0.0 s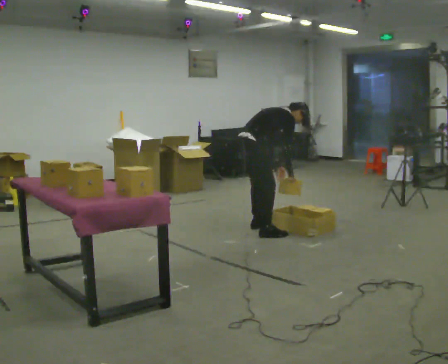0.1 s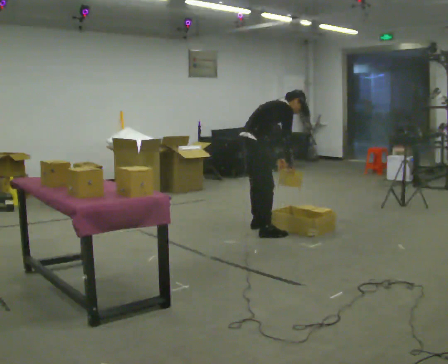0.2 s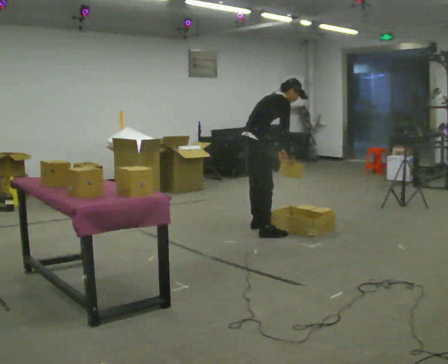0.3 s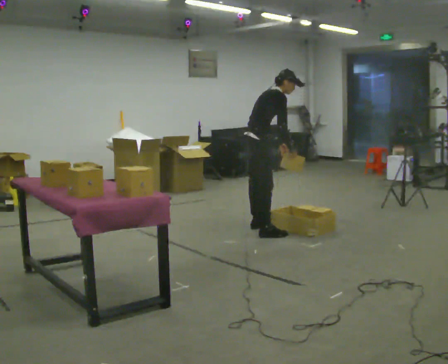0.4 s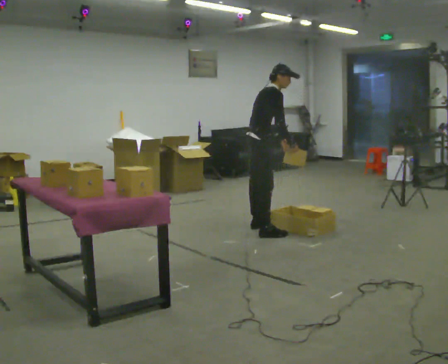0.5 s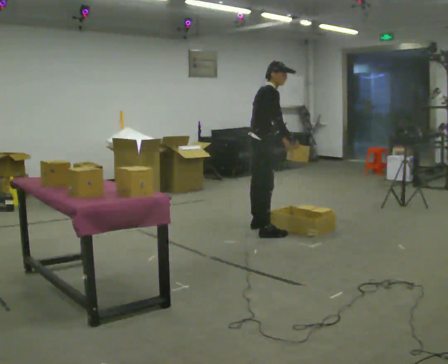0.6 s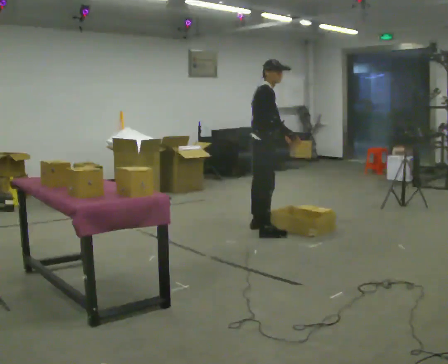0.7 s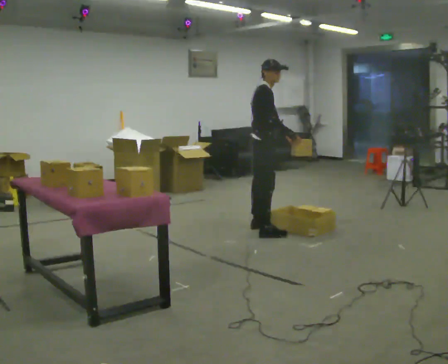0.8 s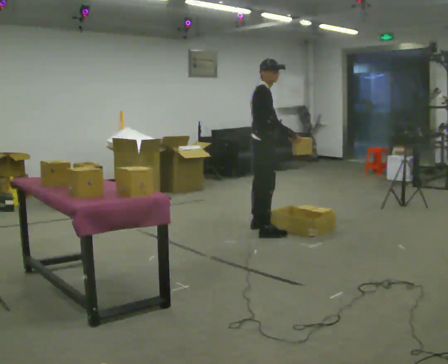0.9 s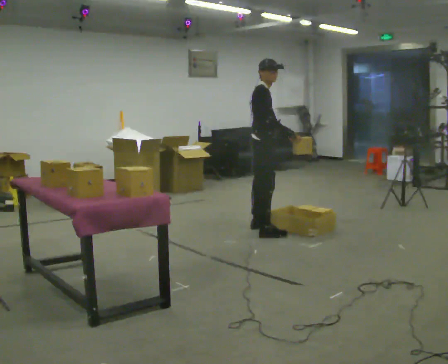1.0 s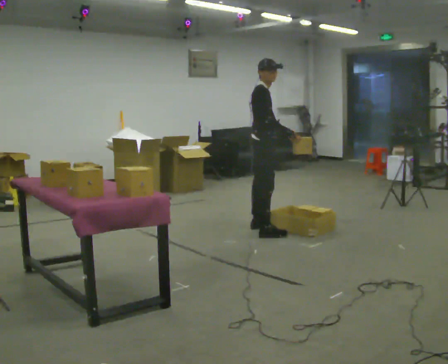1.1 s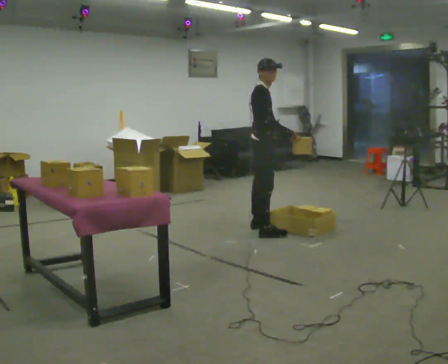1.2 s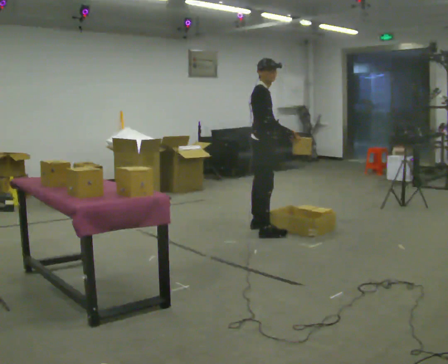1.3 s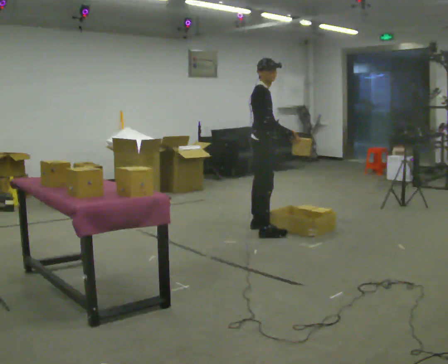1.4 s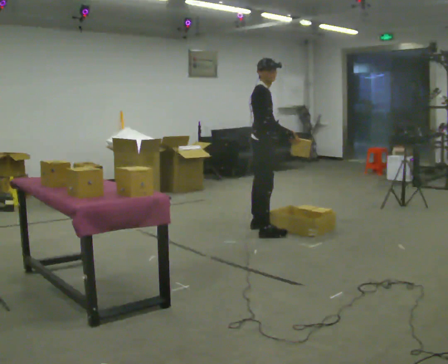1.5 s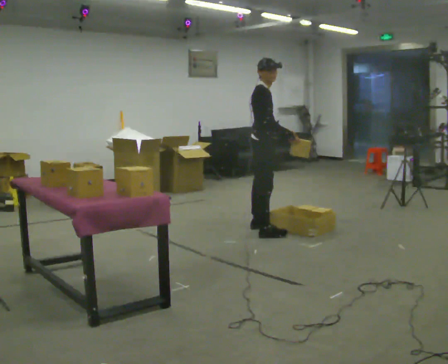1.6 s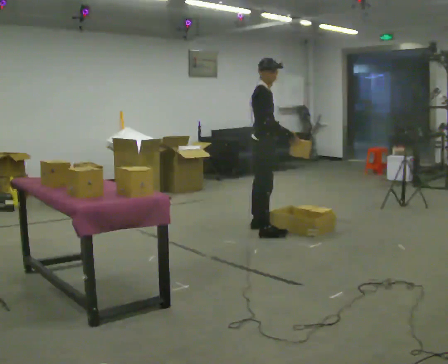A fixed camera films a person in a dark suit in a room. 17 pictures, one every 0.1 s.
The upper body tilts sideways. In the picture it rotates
counterclockwise.
The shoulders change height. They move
upward.
0.0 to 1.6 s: The part of the body nearest the lens slides to the left as the person turns to their right by about 30 degrees. The shoulders move upward. In the picture the upper body tilts counterclockwise, shoulders to the left, as they lean back or straighten. In the picture their left hand goes upward.
The film runs forward here.
